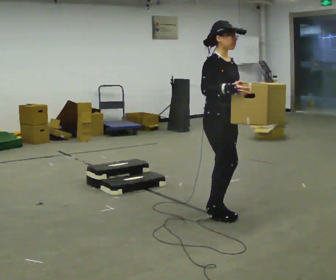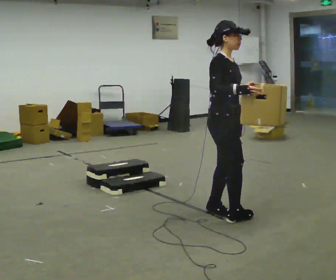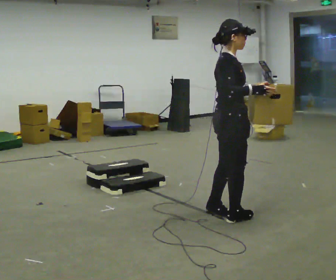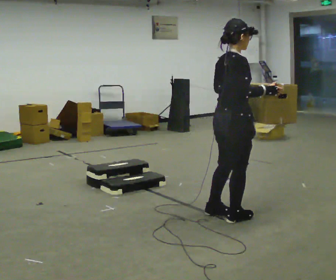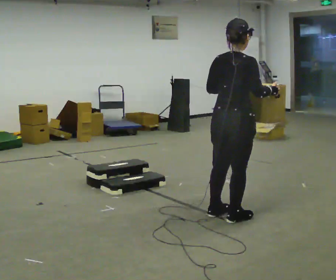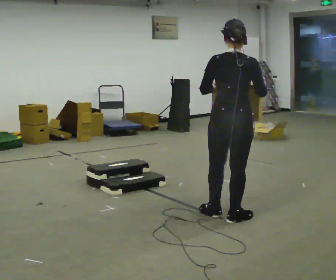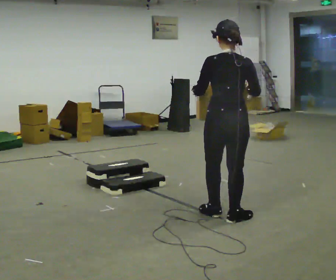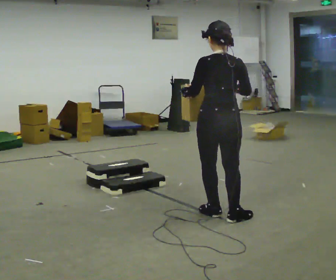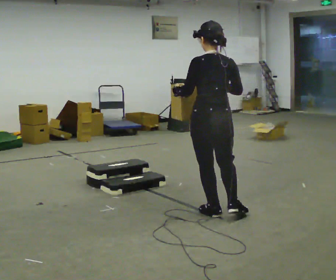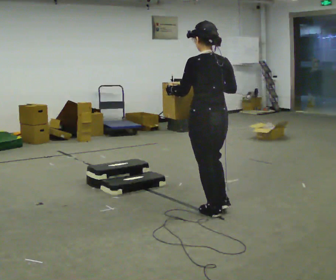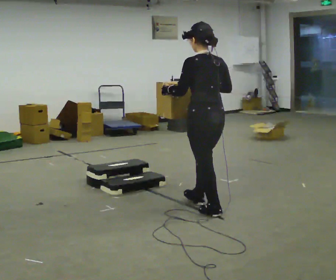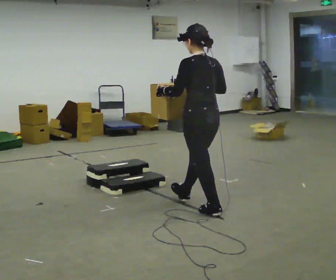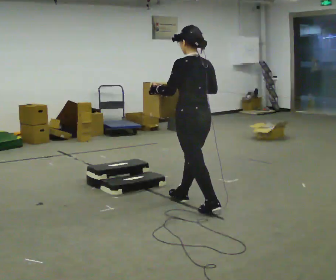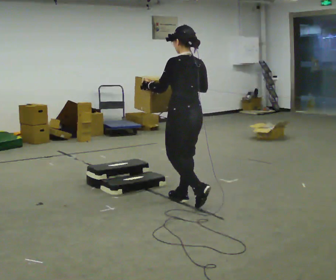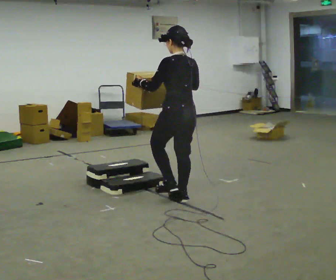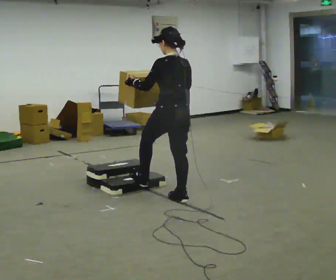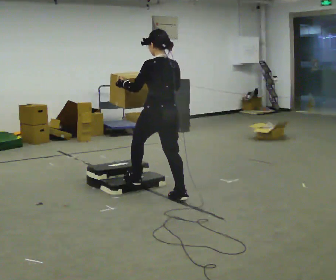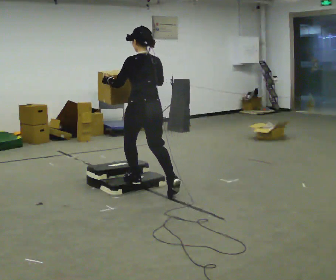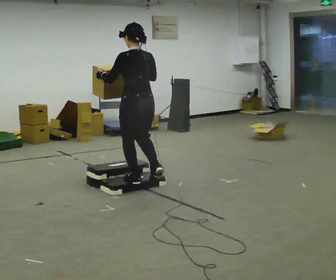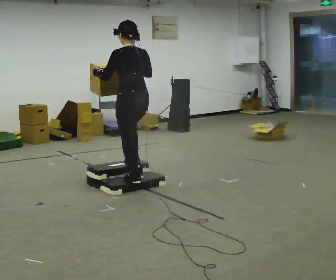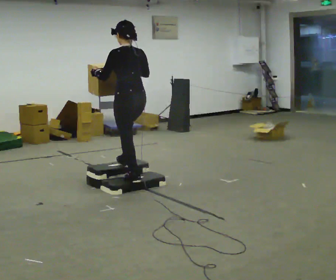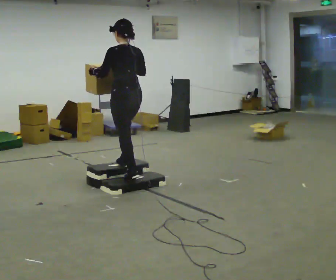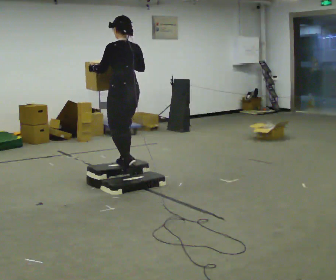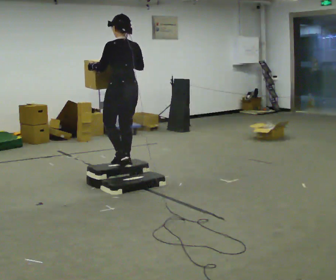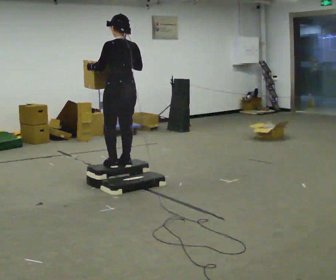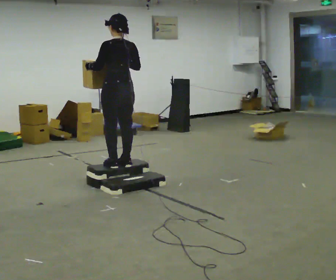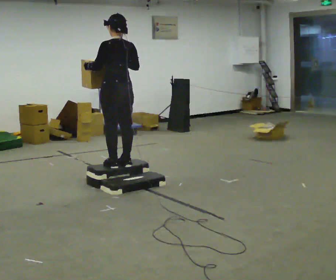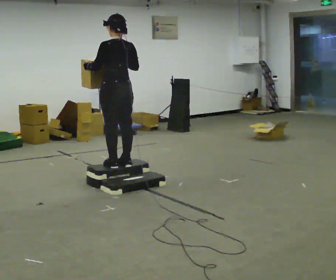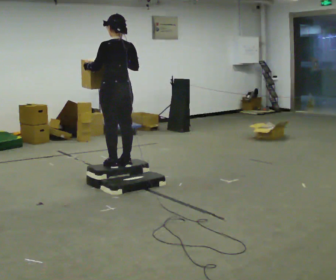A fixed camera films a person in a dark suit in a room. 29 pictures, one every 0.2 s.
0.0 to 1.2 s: The part of the body nearest the lens slides to the right as the person turns to their left by about 120 degrees. In the picture their left hand goes to the left.
1.2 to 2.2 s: The part of the body nearest the lens slides to the right as the person turns to their left by about 45 degrees. In the picture they go away from the camera and to the left, about 0.25 m in 1 step, which for them is forward.
2.2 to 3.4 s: In the picture they go to the left and away from the camera, about 0.5 m in 1 step, which for them is forward.
3.4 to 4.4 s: In the picture they go away from the camera and to the left, about 0.5 m in 1 step, which for them is forward.
4.4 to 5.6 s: The person moves a little, or ends about where they began.
The film runs forward here.
